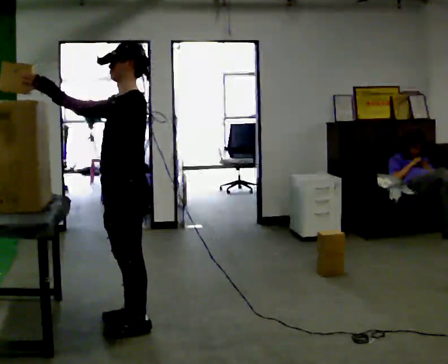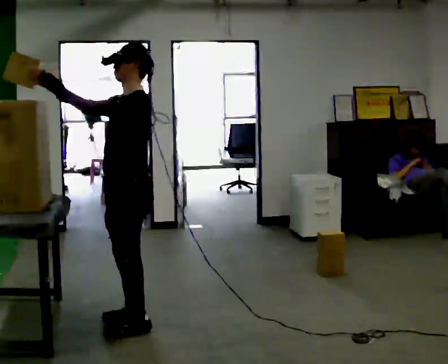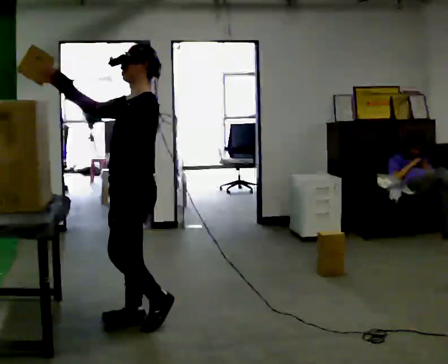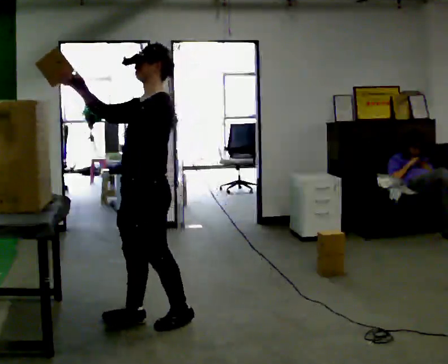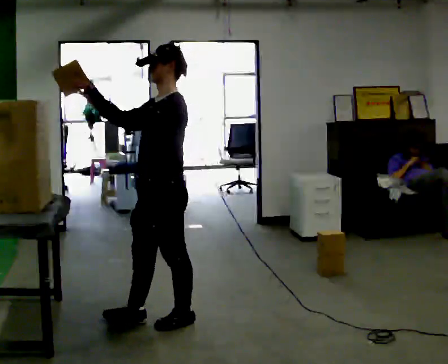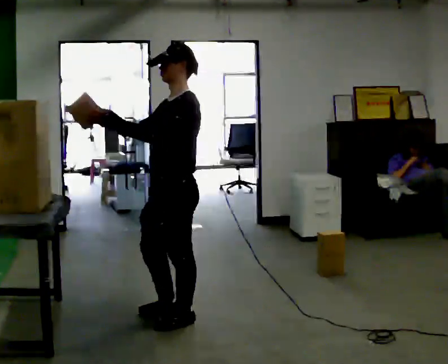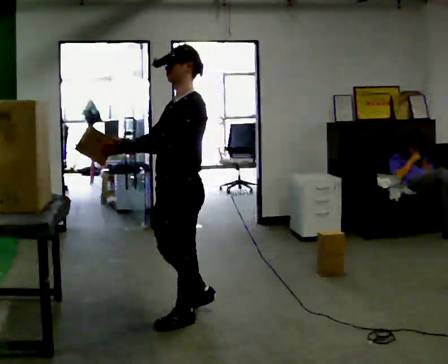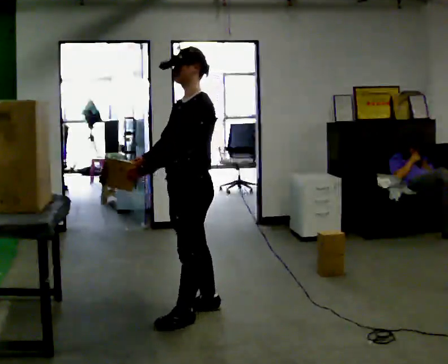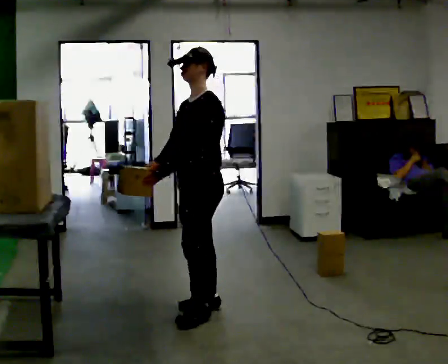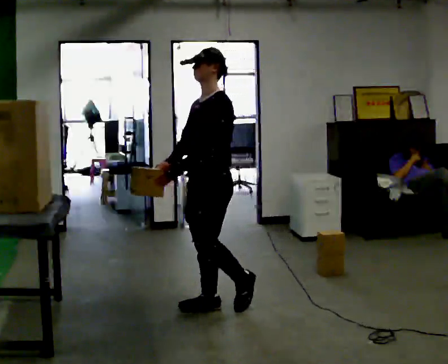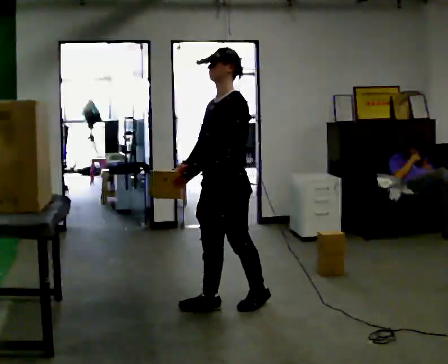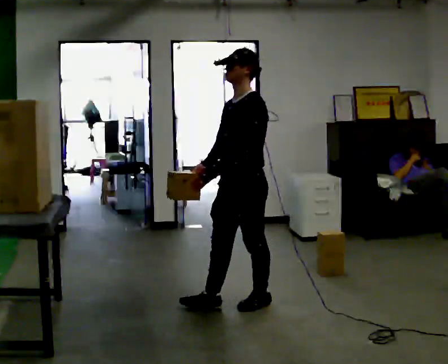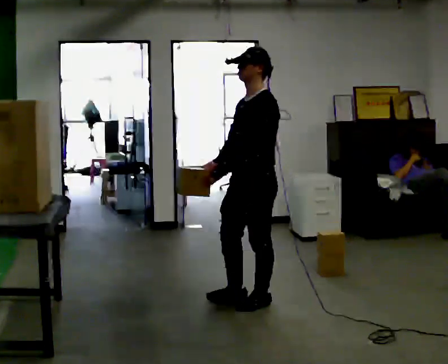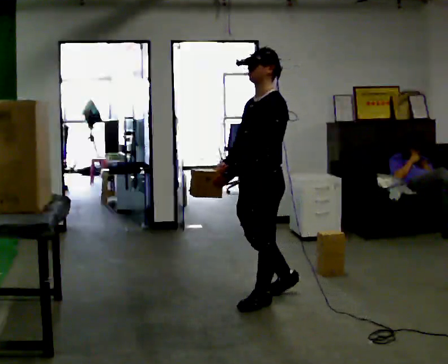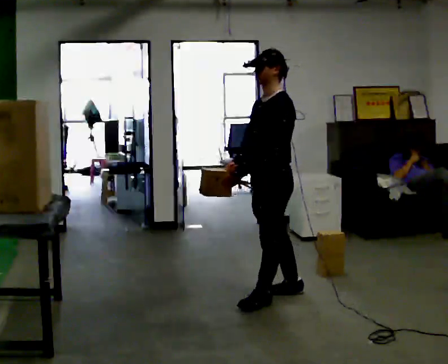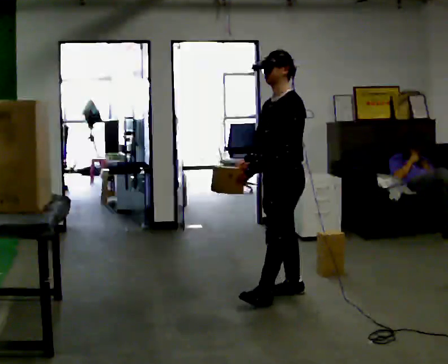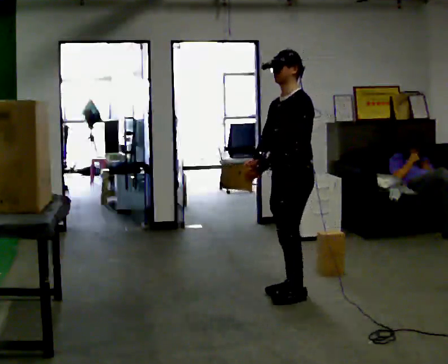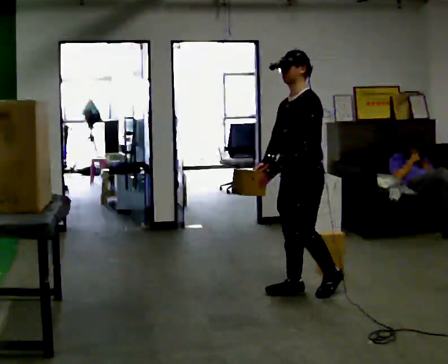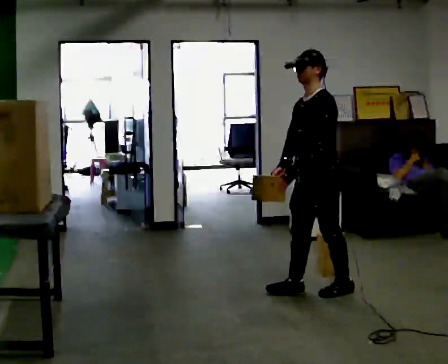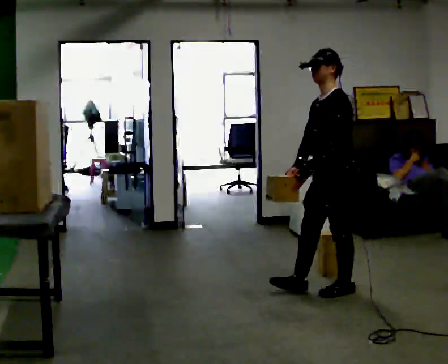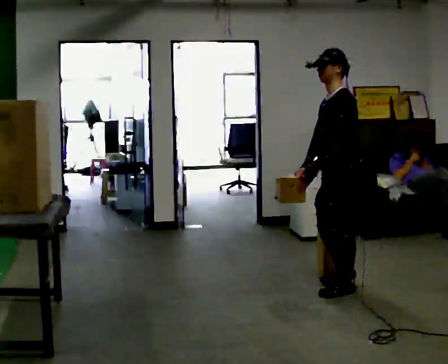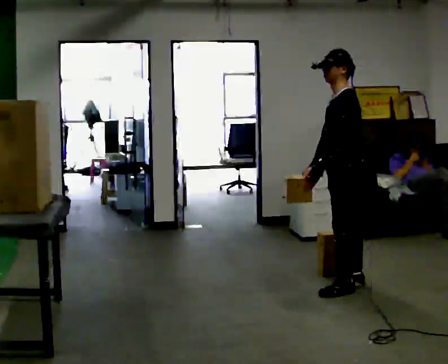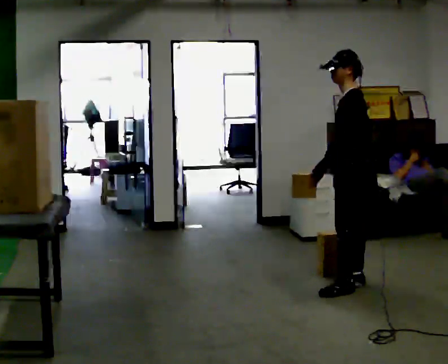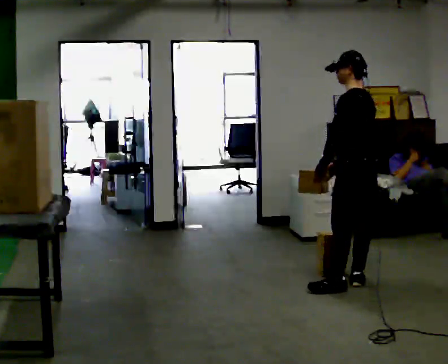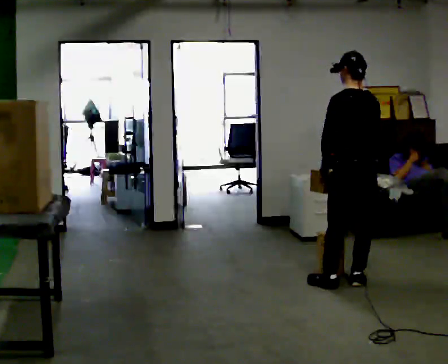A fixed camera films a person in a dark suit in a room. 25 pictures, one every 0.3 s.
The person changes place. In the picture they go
to the right.
Their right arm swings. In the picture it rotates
counterclockwise.
0.0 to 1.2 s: In the picture they go to the right, about 0.25 m in 1 step, which for them is backward.
1.2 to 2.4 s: In the picture they go away from the camera and to the right, about 0.25 m in 2 steps, which for them is backward and to their right. In the picture their left hand goes downward, the arm swinging counterclockwise.
2.4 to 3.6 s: In the picture they go to the right, about 0.25 m in 1 step, which for them is backward.
3.6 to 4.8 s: In the picture they go away from the camera and to the right, about 0.5 m in 1 step, which for them is backward.
4.8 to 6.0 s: In the picture they go to the right, about 0.25 m in 1 step, which for them is backward and to their left.
6.0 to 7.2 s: The part of the body nearest the lens slides to the left as the person turns to their right by about 75 degrees. In the picture they go away from the camera, about 0.25 m in 1 step.
The film runs backward here.
